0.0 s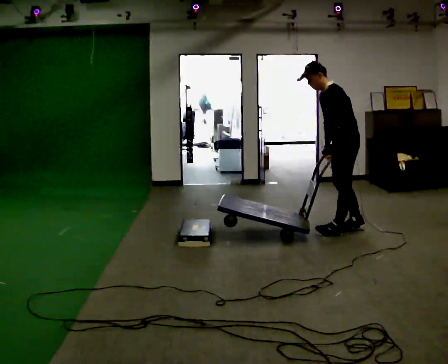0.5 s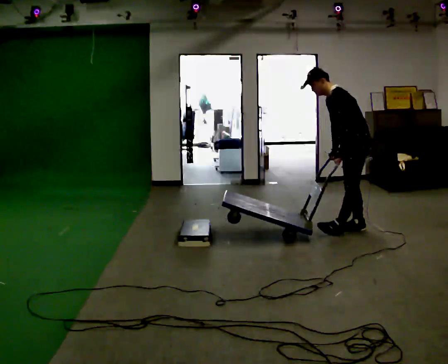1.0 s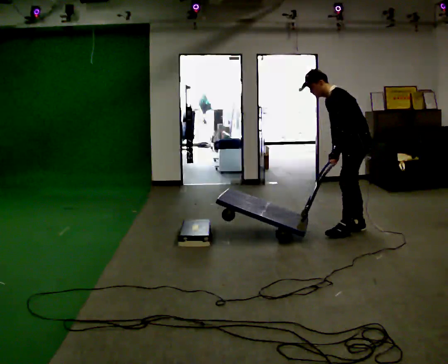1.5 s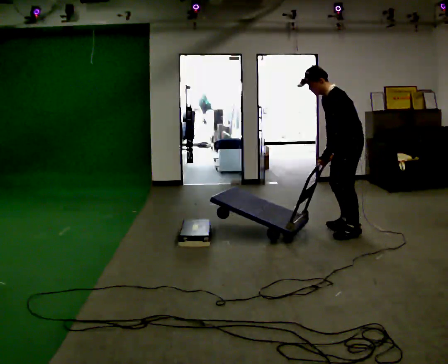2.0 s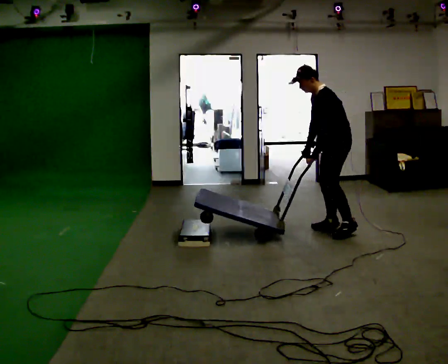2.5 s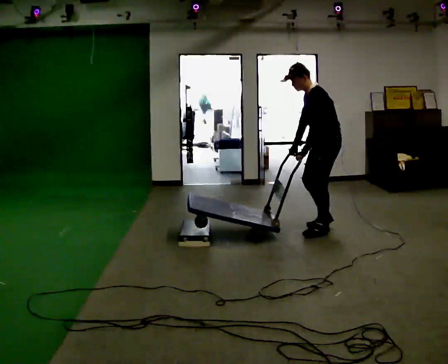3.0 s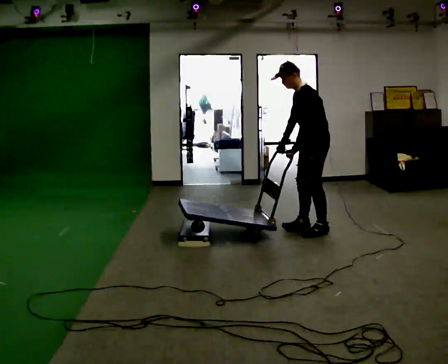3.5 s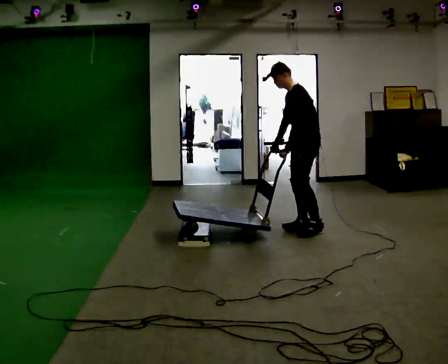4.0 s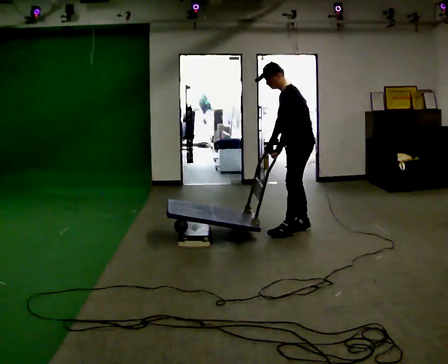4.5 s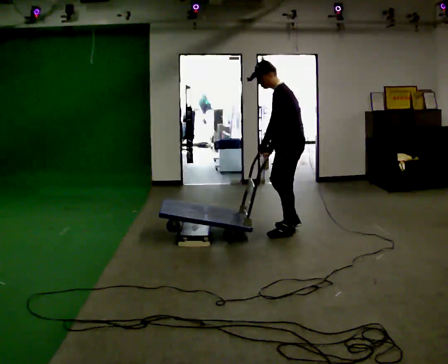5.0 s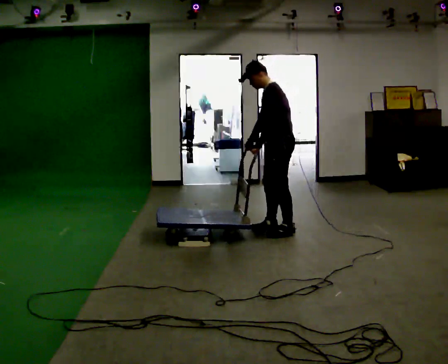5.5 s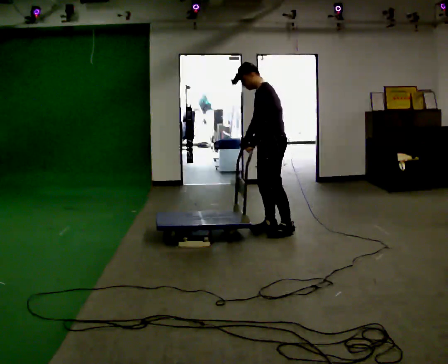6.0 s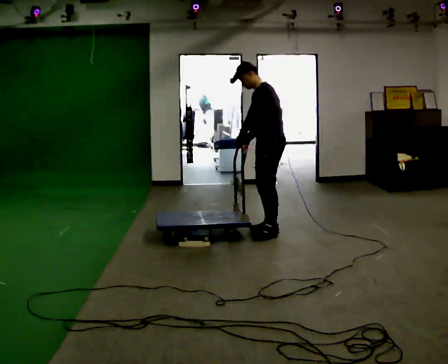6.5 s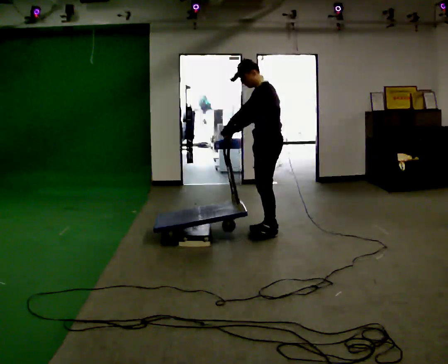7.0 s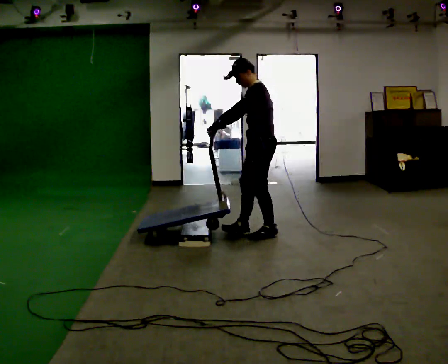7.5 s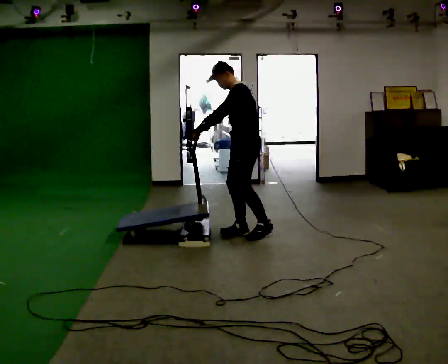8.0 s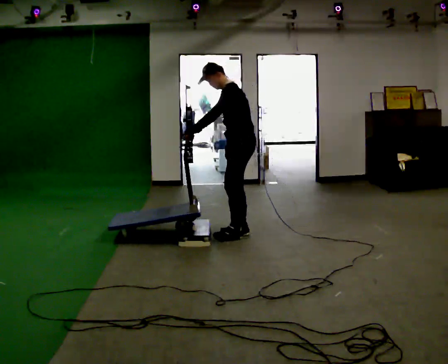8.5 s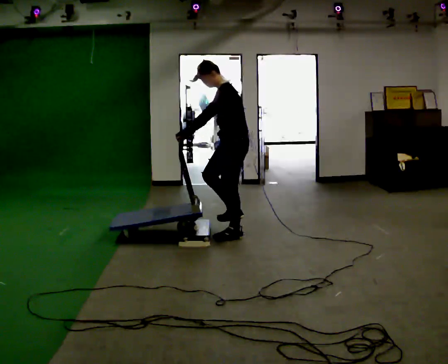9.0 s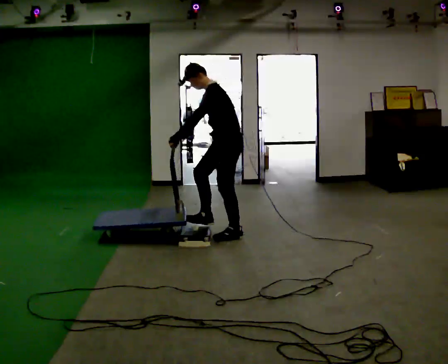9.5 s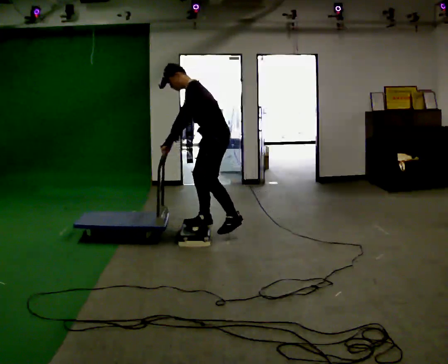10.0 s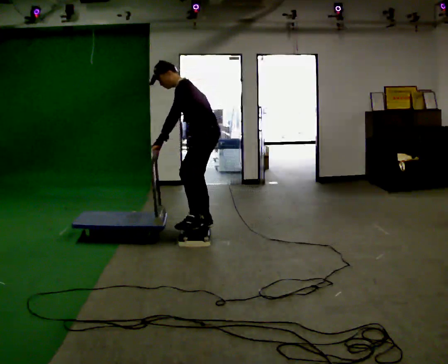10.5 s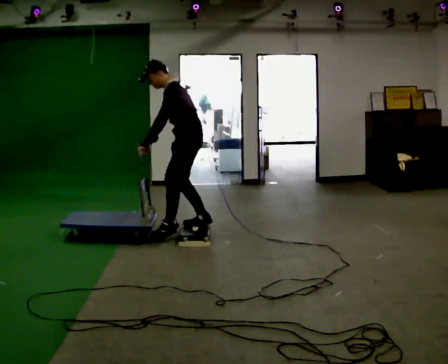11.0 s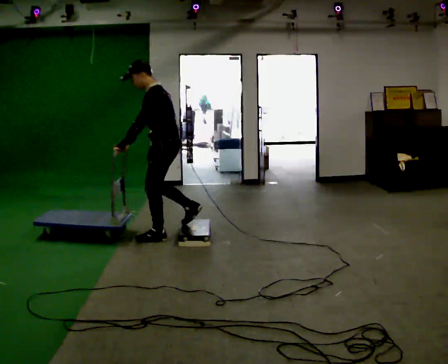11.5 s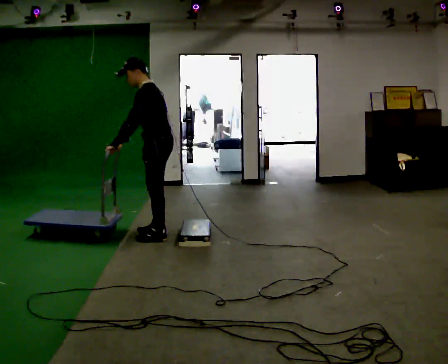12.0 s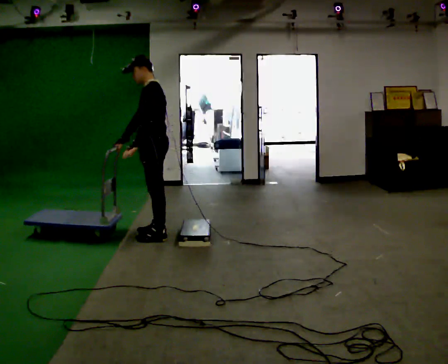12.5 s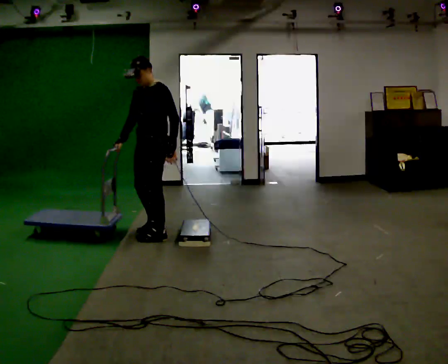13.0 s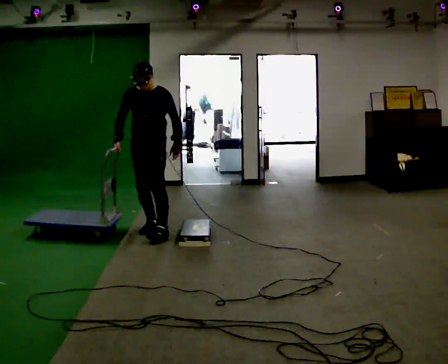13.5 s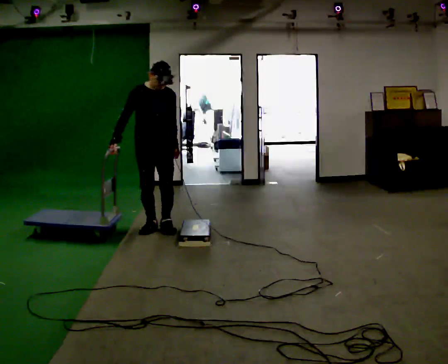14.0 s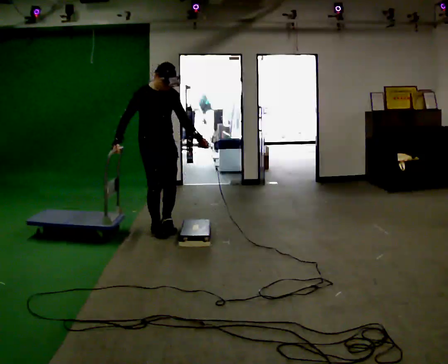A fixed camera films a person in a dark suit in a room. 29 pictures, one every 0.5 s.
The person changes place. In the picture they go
to the left.
0.0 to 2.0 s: The person moves a little, or ends about where they began.
2.0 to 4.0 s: In the picture they go to the left, about 0.25 m in 3 steps, which for them is forward.
4.0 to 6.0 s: In the picture they go to the left, about 0.25 m in 2 steps, which for them is forward.
6.0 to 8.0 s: In the picture they go to the left, about 0.25 m in 2 steps, which for them is forward and to their left.
8.0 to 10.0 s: In the picture they go to the left, about 0.25 m in 1 step, which for them is forward. In the picture the upper body tilts counterclockwise, shoulders to the left, as they bend forward.
10.0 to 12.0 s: In the picture they go to the left, about 0.5 m in 2 steps, which for them is forward. In the picture the upper body tilts clockwise, shoulders to the right, as they lean back or straighten.
12.0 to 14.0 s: The person turns about 120 degrees to their left, counterclockwise seen from above, so the part of the body nearest the lens slides to the right. In the picture they go away from the camera, about 0.25 m in 2 steps. In the picture their left hand goes to the right, the arm swinging counterclockwise.
The film runs forward here.
